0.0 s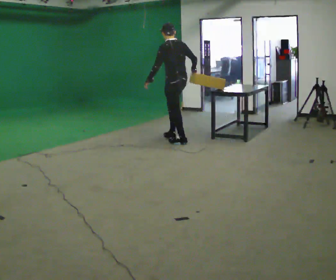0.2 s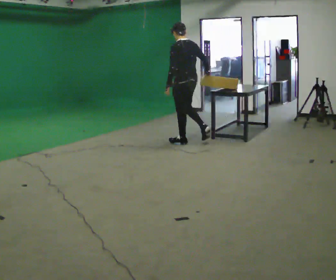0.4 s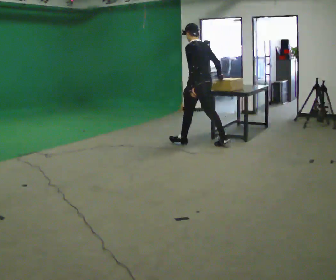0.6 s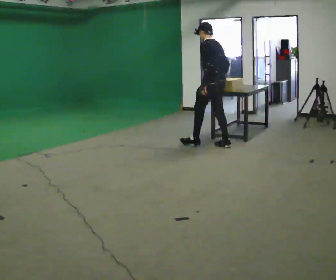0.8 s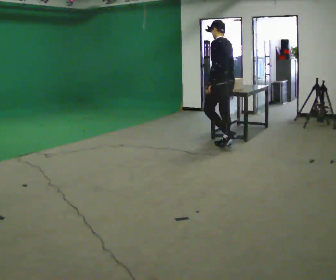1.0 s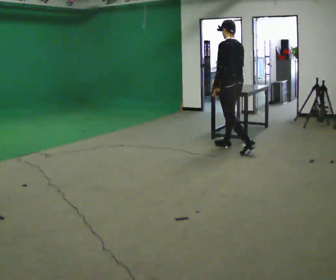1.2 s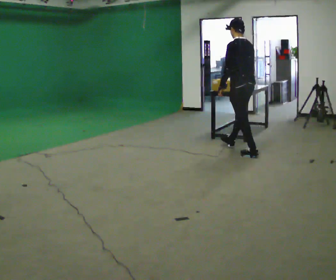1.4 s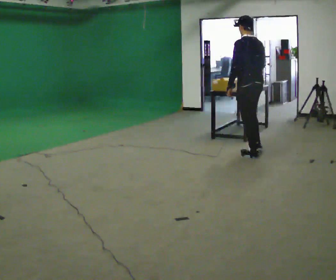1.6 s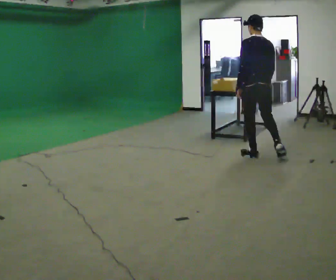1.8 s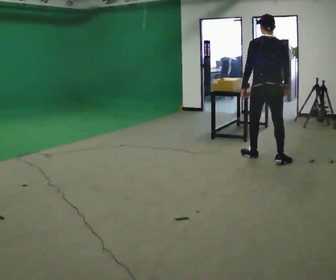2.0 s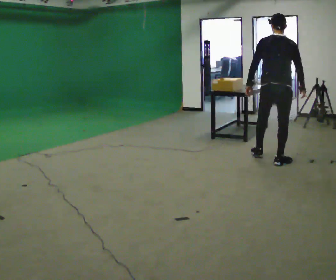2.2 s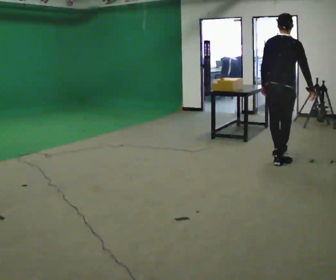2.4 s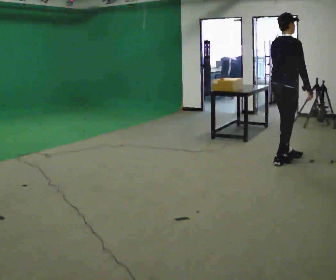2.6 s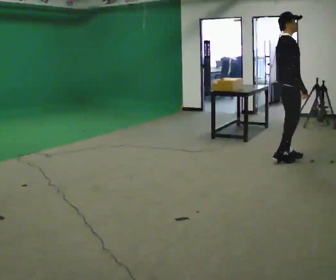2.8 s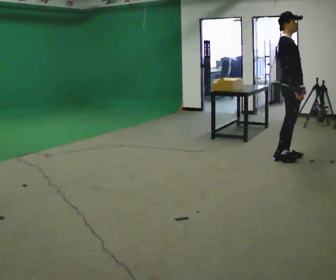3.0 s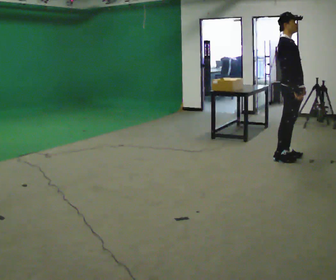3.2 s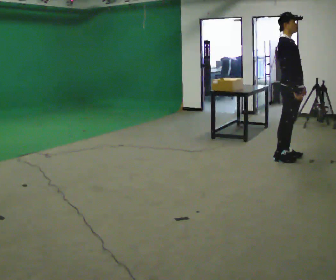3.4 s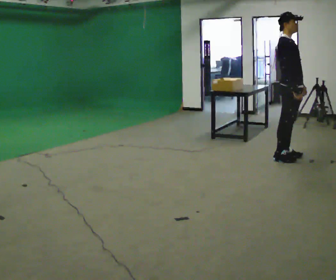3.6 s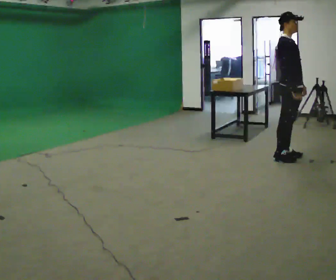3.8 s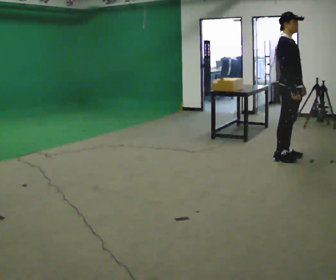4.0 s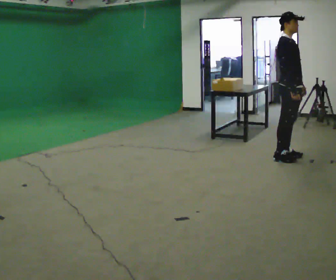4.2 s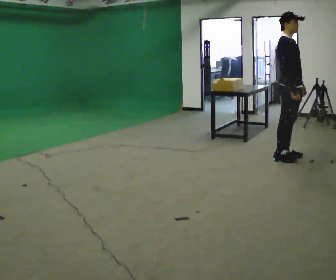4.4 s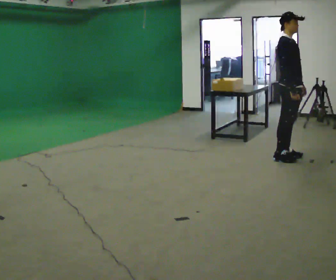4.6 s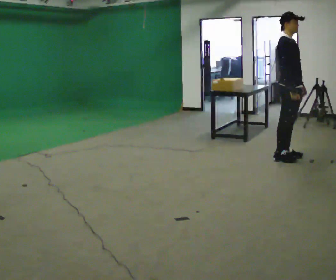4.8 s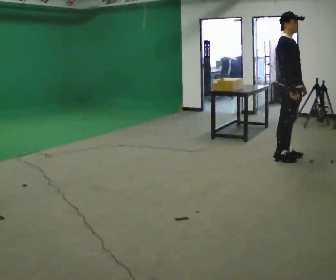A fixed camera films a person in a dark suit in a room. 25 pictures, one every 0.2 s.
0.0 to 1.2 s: In the picture they go to the right, about 1 m in 2 steps, which for them is backward.
1.2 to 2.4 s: Seen from above the body turns clockwise, about 105 degrees: to their right, with its near side sliding to the left. In the picture they go to the right and toward the camera, about 0.75 m in 1 step.
2.4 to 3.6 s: The part of the body nearest the lens slides to the left as the person turns to their right by about 60 degrees.
3.6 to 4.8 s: The person keeps their place and pose.
The film runs backward here.
